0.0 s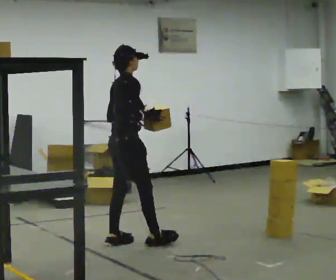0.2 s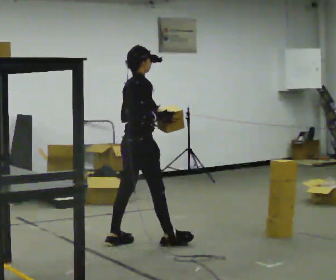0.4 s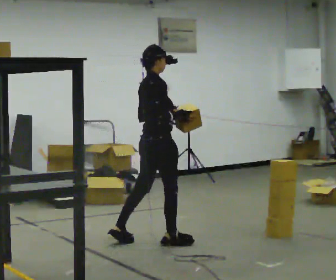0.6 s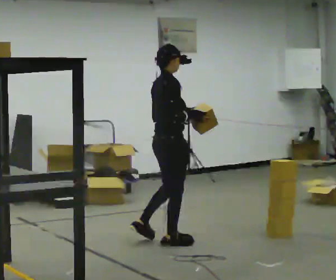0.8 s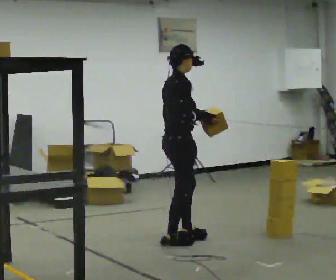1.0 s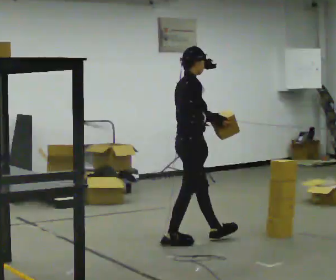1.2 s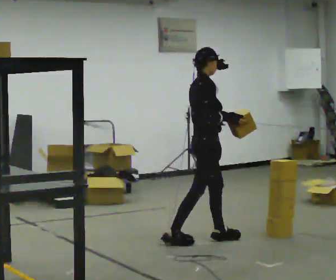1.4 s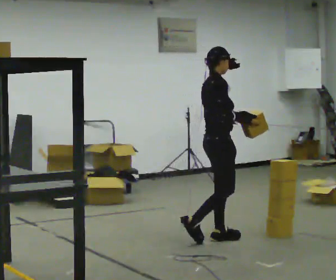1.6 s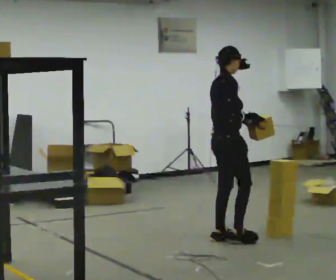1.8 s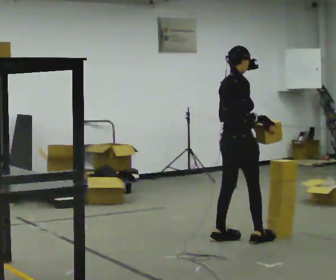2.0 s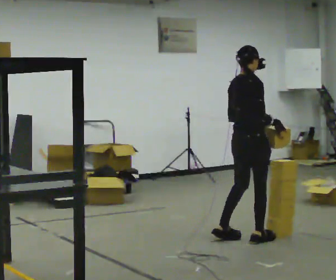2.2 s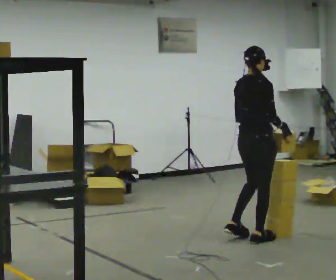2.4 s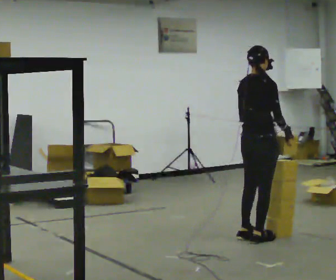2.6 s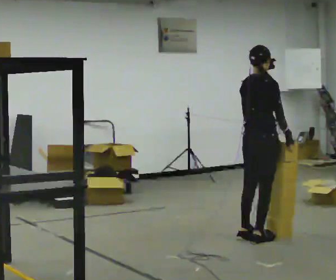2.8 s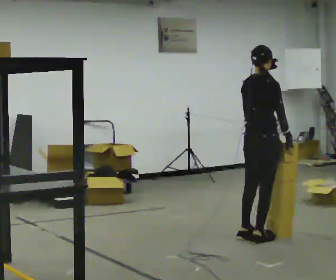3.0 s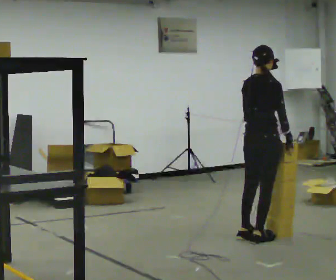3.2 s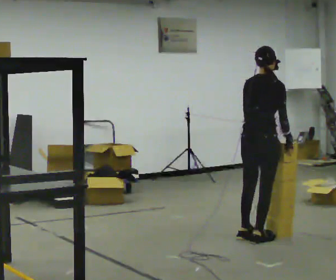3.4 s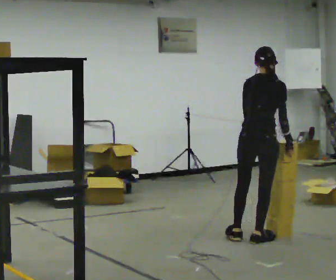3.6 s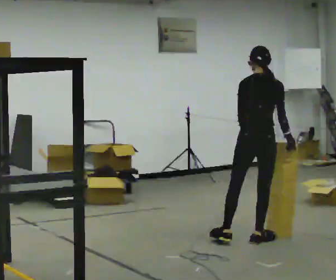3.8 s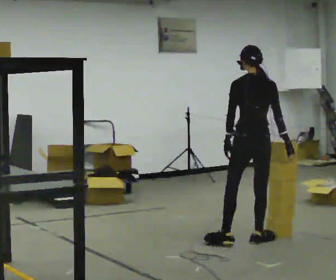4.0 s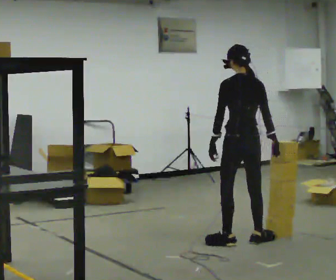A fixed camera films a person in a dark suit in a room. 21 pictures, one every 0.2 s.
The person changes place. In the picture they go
to the right.
0.0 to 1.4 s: In the picture they go to the right, about 1 m in 2 steps, which for them is forward.
1.4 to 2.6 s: The person turns about 45 degrees to their left, counterclockwise seen from above, so the part of the body nearest the lens slides to the right. In the picture they go to the right, about 0.25 m in 2 steps, which for them is forward and to their right.
2.6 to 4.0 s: The part of the body nearest the lens slides to the right as the person turns to their left by about 60 degrees. In the picture their left hand goes to the left.
The film runs forward here.
